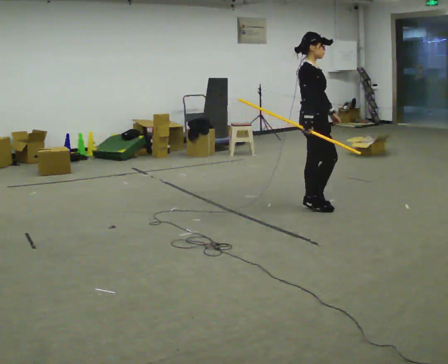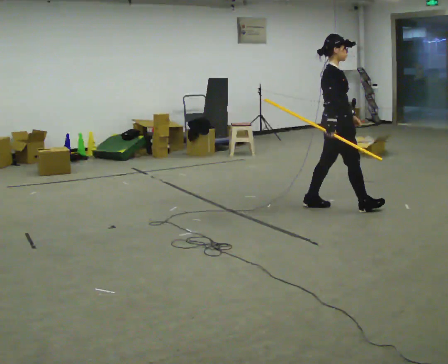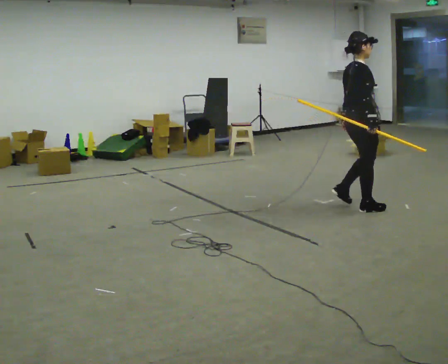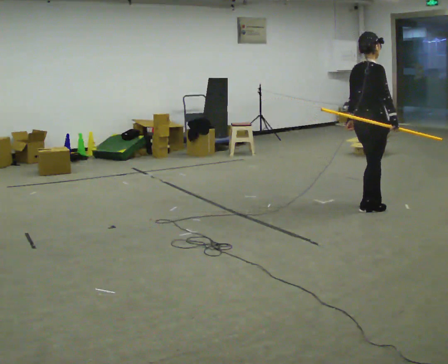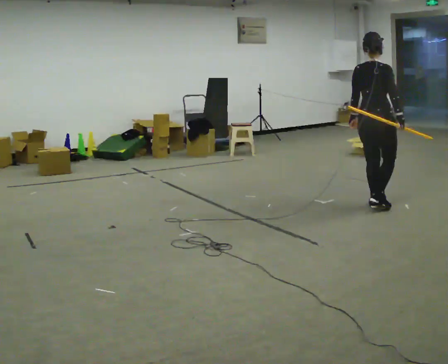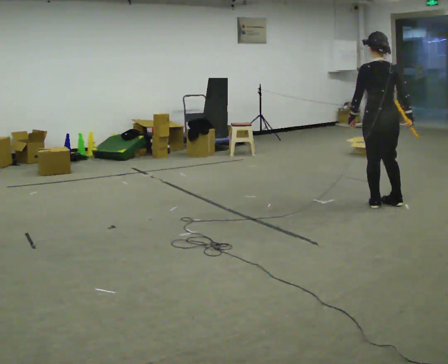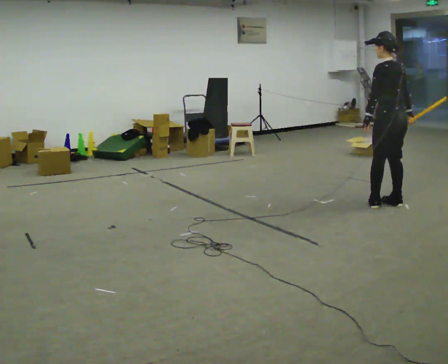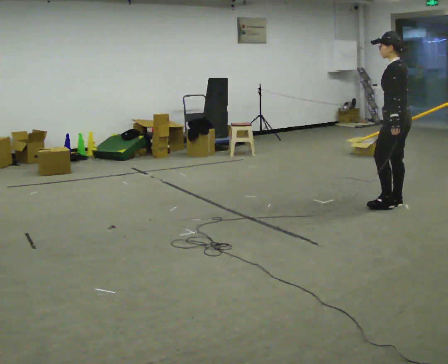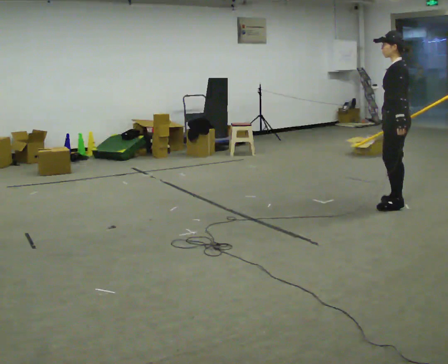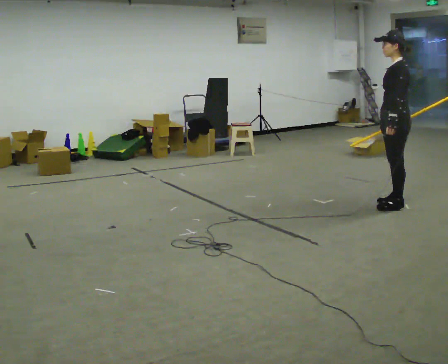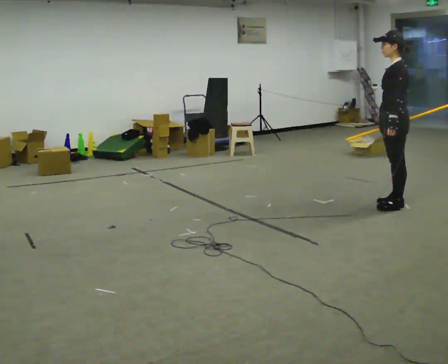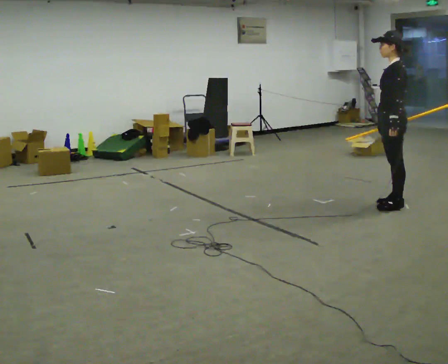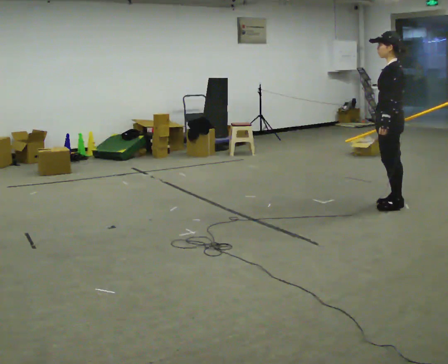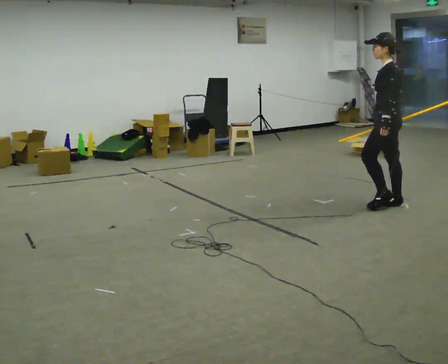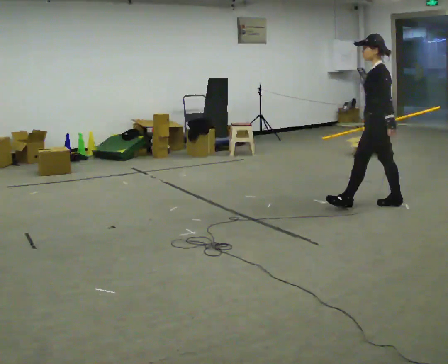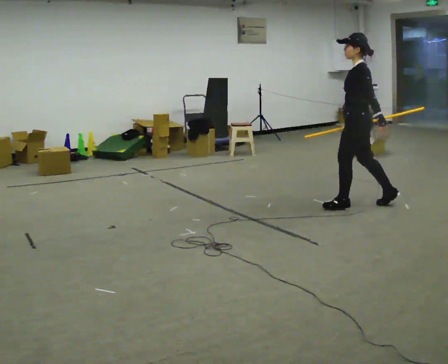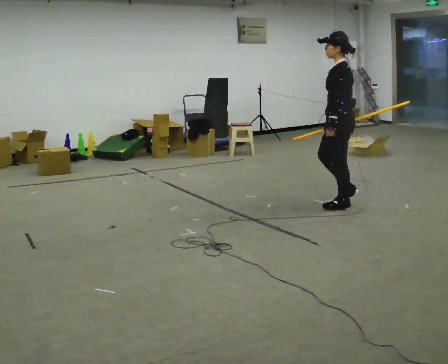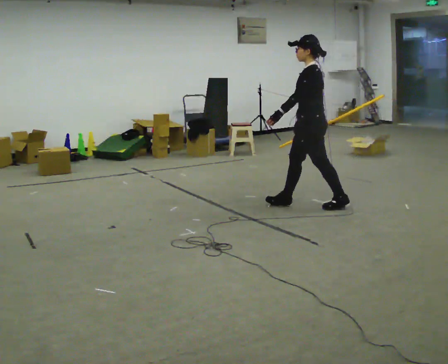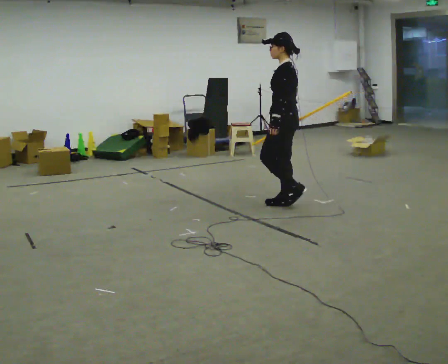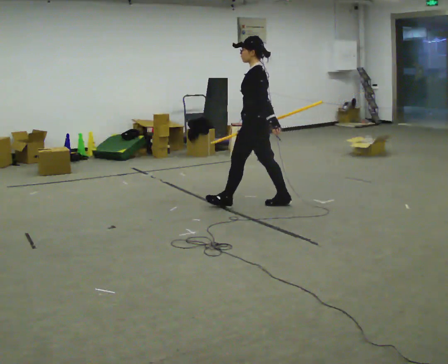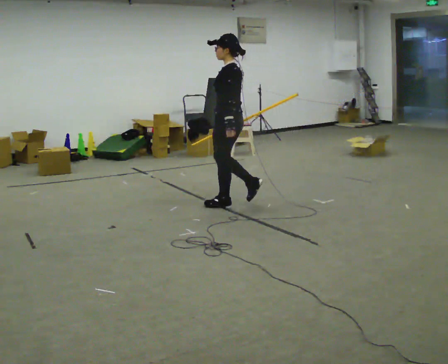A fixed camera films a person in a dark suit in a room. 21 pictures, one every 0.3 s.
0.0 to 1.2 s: The person turns about 60 degrees to their left, counterclockwise seen from above, so the part of the body nearest the lens slides to the right. In the picture they go to the right, about 0.5 m in 2 steps.
1.2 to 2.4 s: The part of the body nearest the lens slides to the right as the person turns to their left by about 120 degrees. In the picture they go to the right, about 0.25 m in 2 steps. In the picture their left hand goes to the right.
2.4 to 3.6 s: The person moves a little, or ends about where they began.
3.6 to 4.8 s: In the picture they go to the left, about 0.5 m in 1 step, which for them is forward.
4.8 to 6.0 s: In the picture they go to the left, about 1 m in 2 steps, which for them is forward.
The film runs forward here.
